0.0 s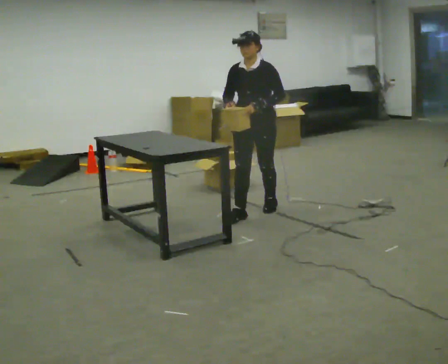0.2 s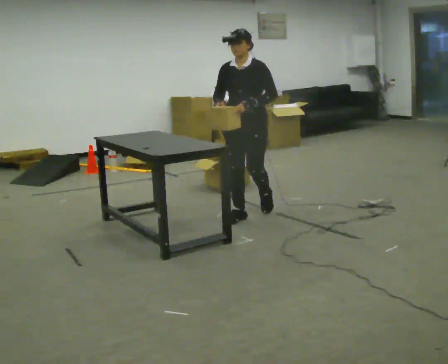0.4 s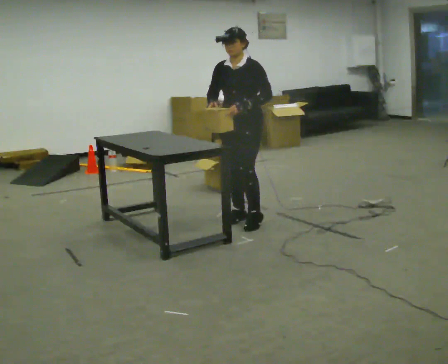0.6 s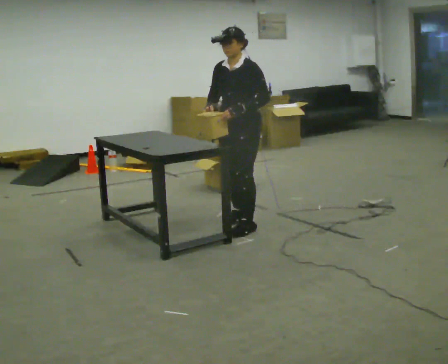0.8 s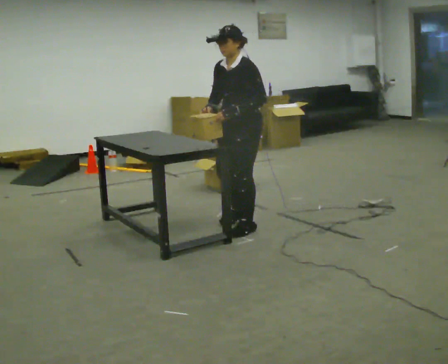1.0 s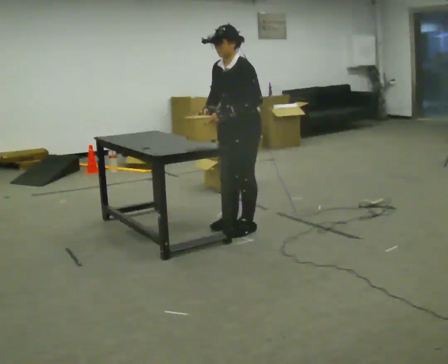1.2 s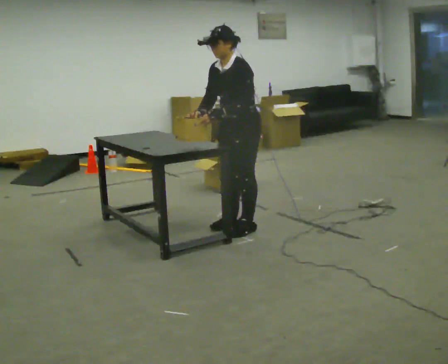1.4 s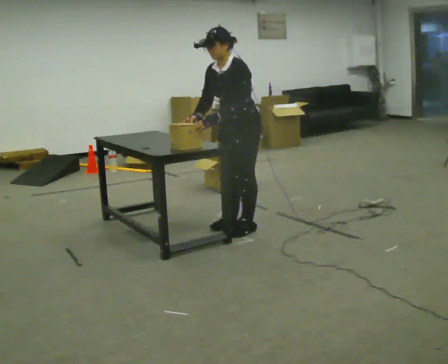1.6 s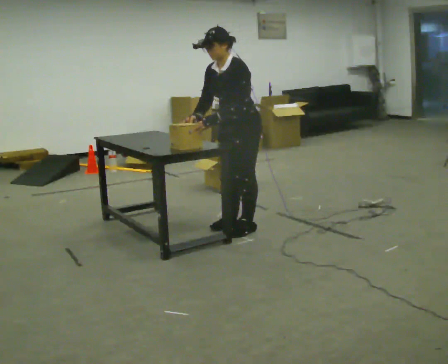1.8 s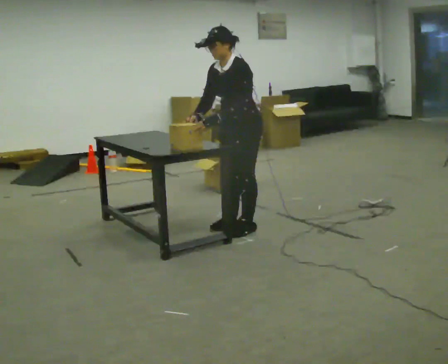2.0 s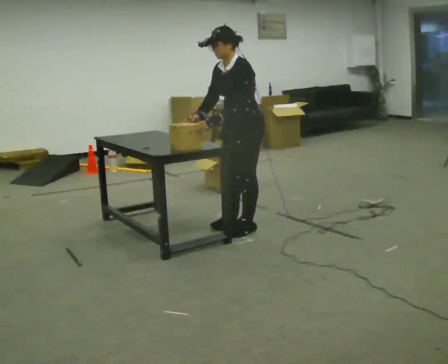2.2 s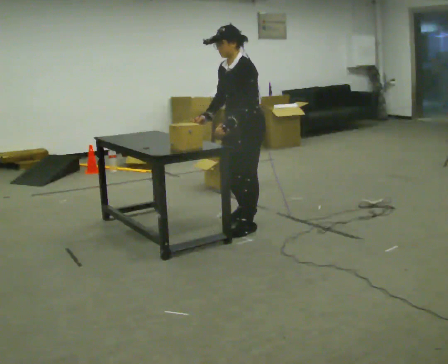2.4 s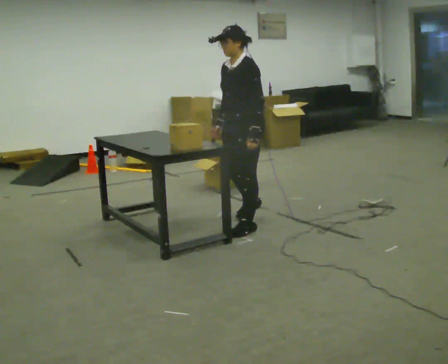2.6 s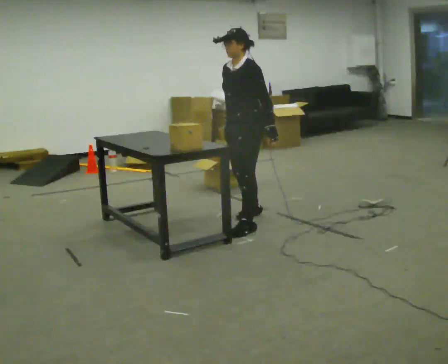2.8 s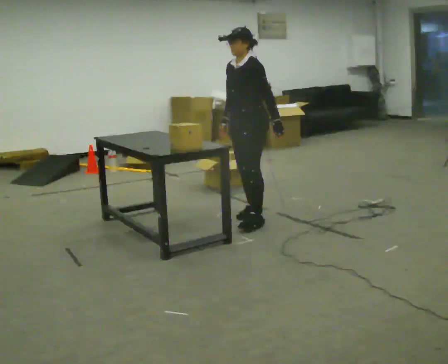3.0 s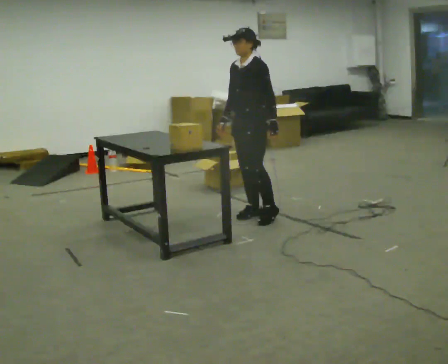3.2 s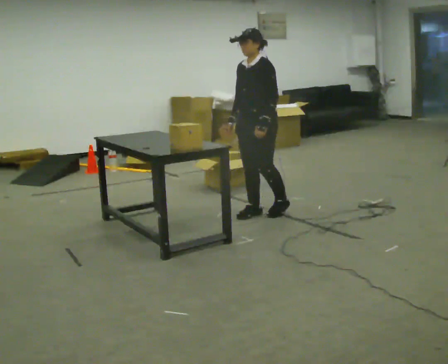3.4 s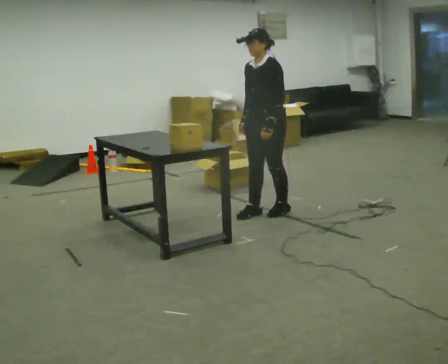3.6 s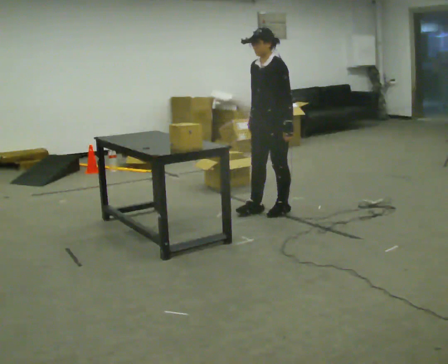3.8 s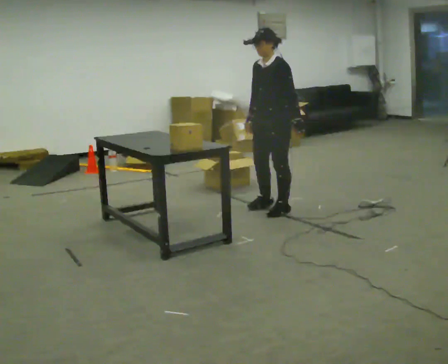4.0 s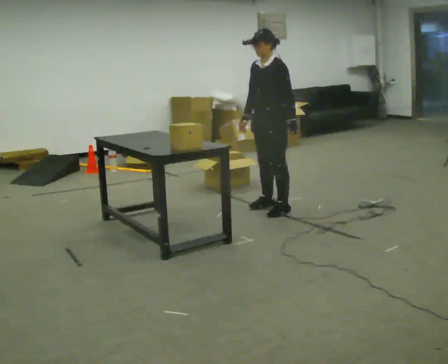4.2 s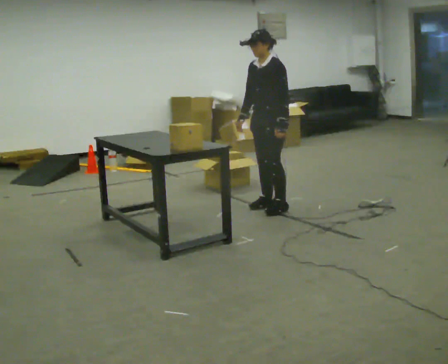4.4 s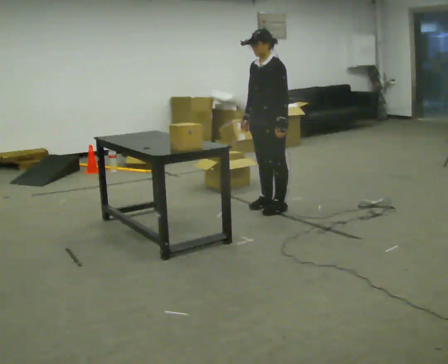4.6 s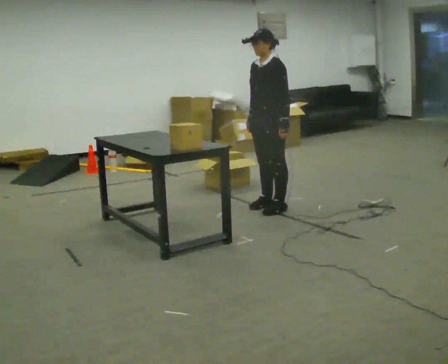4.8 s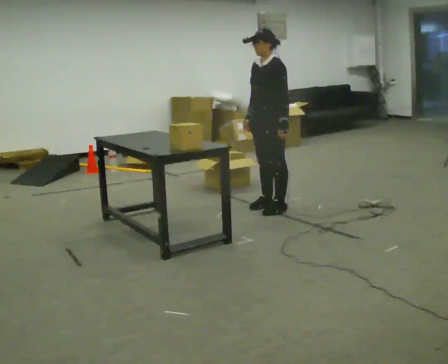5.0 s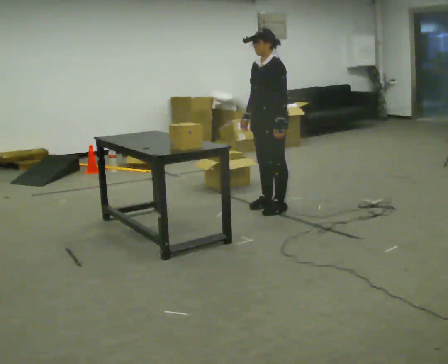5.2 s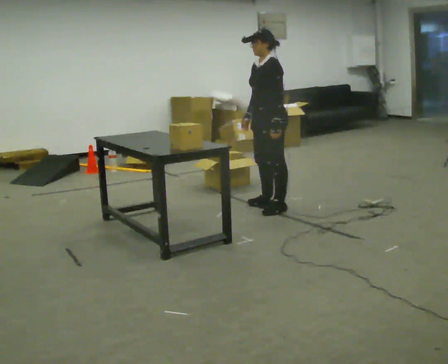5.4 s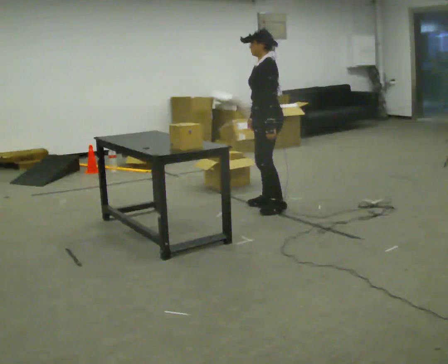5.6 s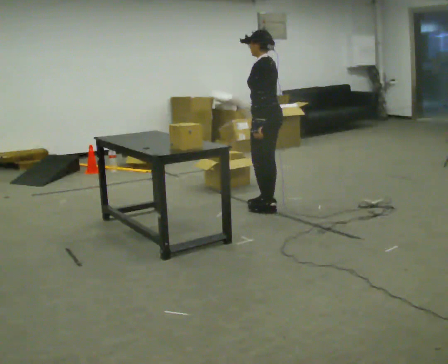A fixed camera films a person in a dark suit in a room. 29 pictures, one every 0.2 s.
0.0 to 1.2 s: The person turns about 30 degrees to their right, clockwise seen from above, so the part of the body nearest the lens slides to the left. In the picture they go toward the camera, about 0.5 m in 2 steps, which for them is forward and to their left.
1.2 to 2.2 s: The person moves a little, or ends about where they began.
2.2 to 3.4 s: In the picture they go away from the camera and to the right, about 0.5 m in 2 steps, which for them is backward and to their right.
3.4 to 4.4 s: In the picture they go away from the camera, about 0.25 m in 1 step.
4.4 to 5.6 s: The person turns about 60 degrees to their right, clockwise seen from above, so the part of the body nearest the lens slides to the left.
The film runs forward here.
